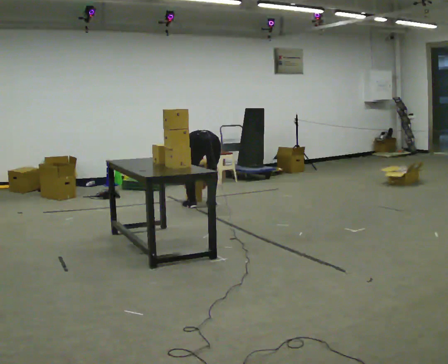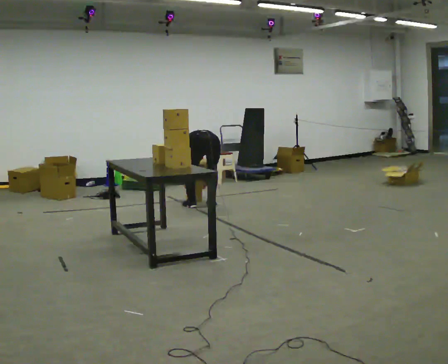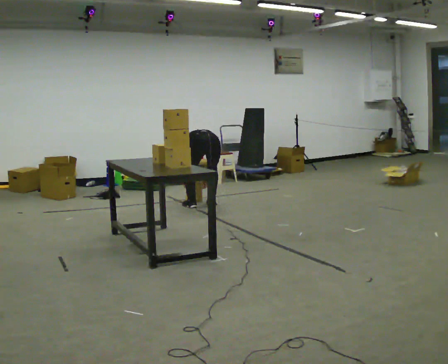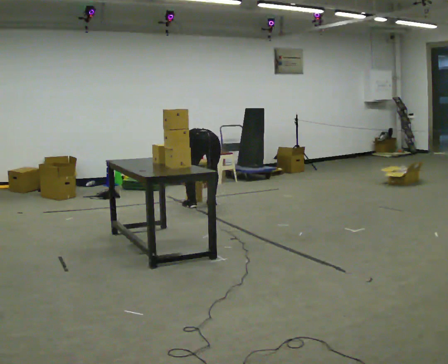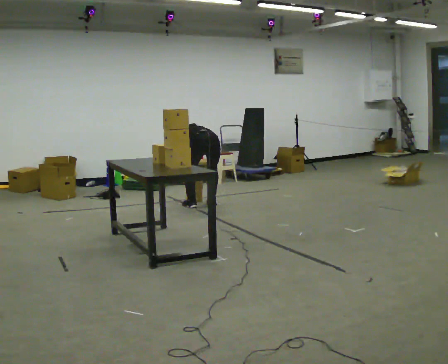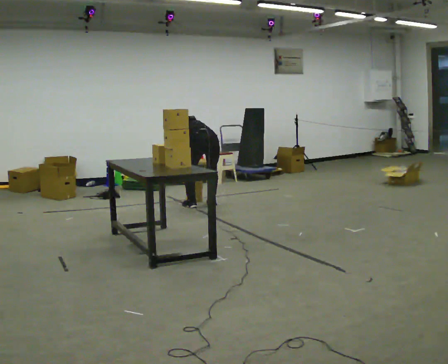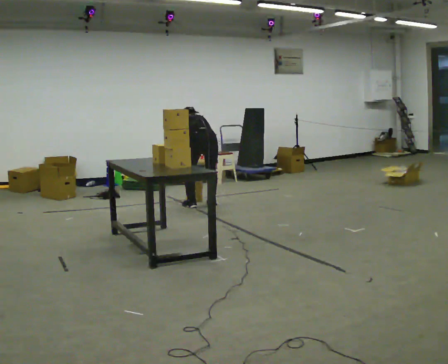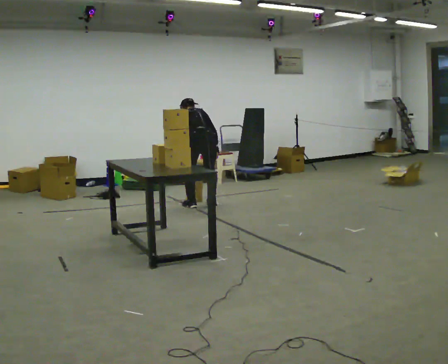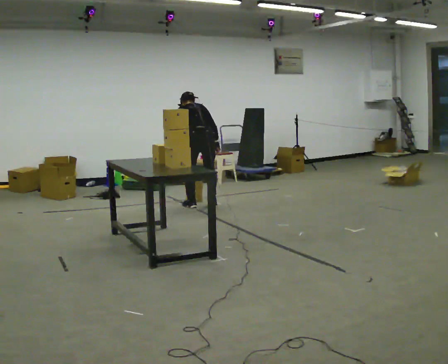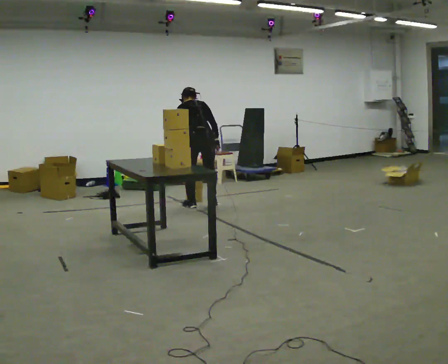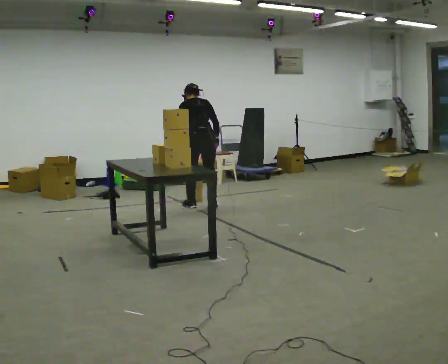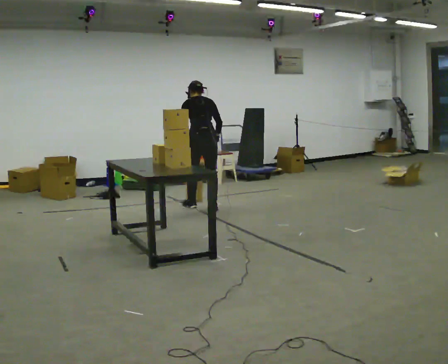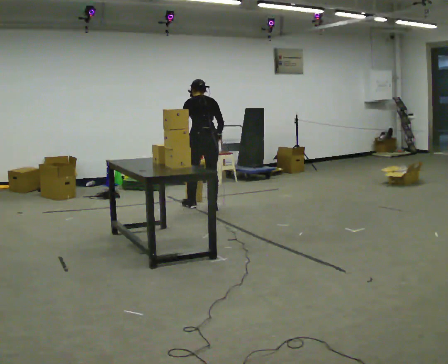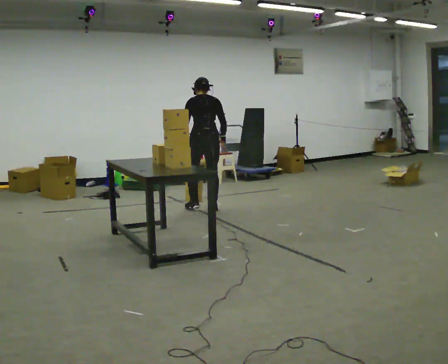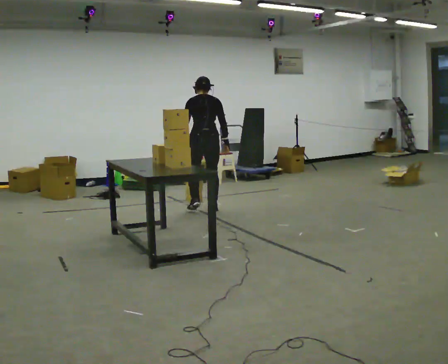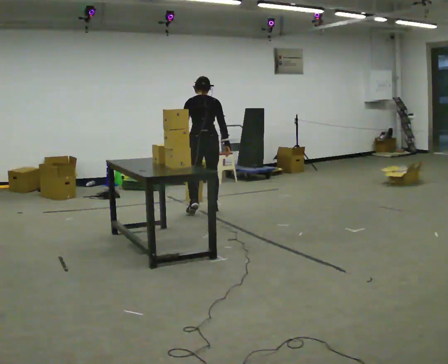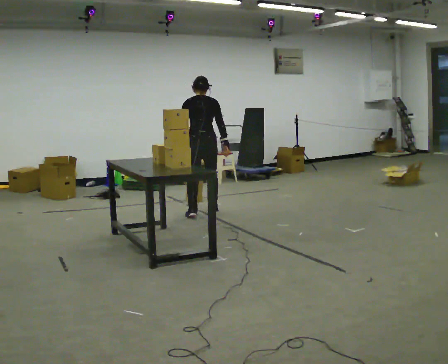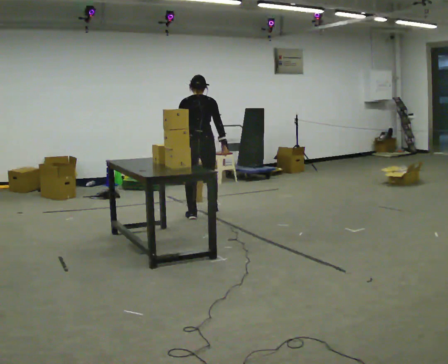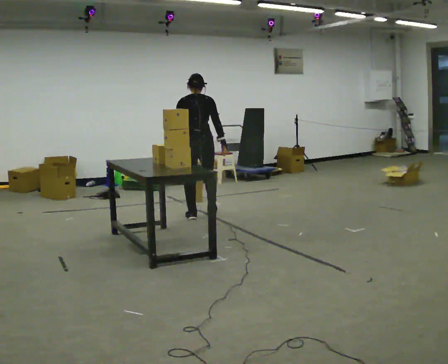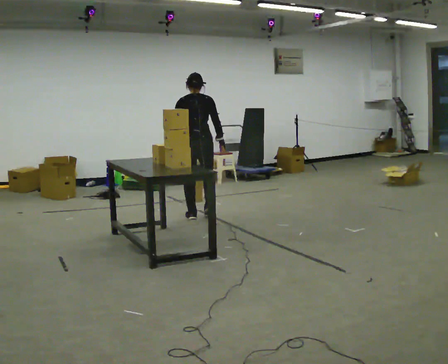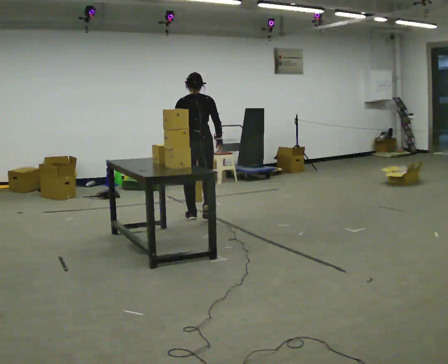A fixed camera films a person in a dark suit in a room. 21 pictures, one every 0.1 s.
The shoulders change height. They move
upward.
Their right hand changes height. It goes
upward.
0.0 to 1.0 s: The shoulders move upward. The upper body tips toward the camera, its near side rolling downward, as they lean back or straighten. In the picture their left hand goes upward.
1.0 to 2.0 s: In the picture they go toward the camera, about 0.5 m in 2 steps, which for them is backward. The upper body tips toward the camera, its near side rolling downward, as they lean back or straighten.
The film runs backward here.
